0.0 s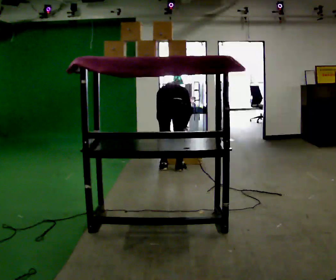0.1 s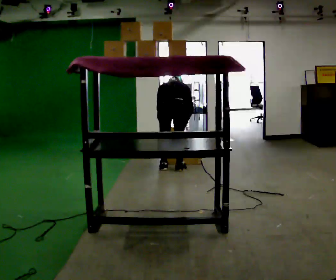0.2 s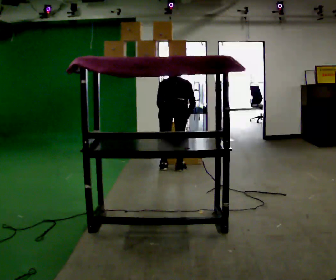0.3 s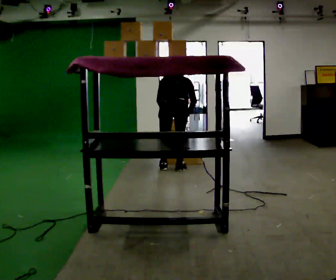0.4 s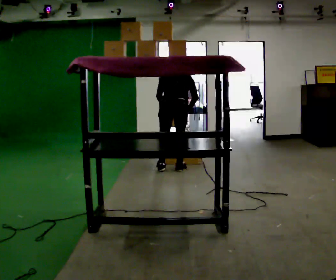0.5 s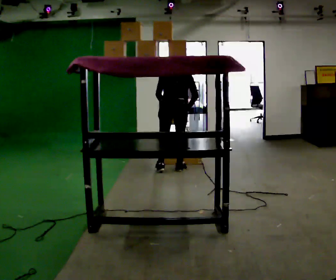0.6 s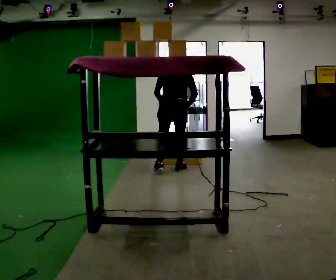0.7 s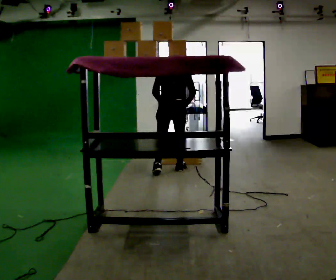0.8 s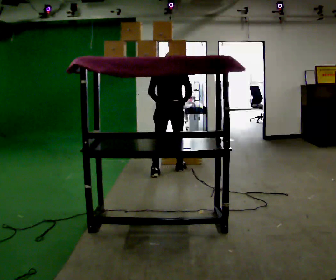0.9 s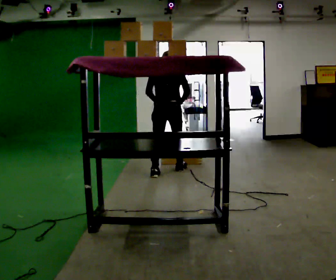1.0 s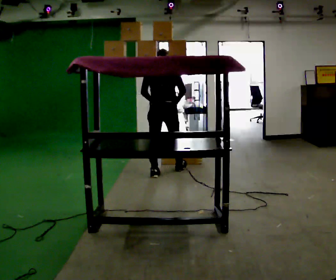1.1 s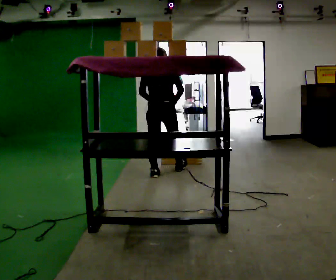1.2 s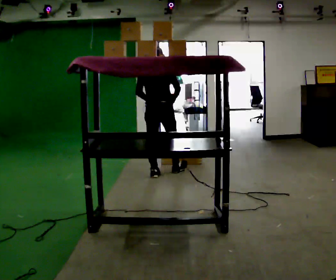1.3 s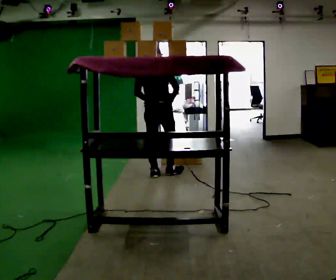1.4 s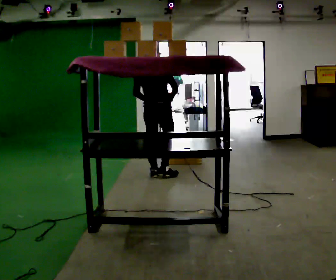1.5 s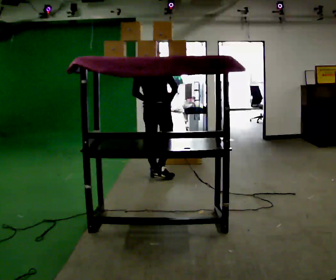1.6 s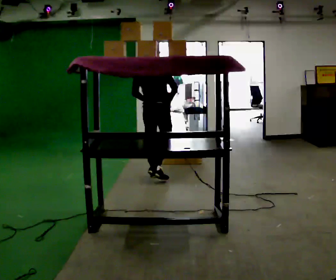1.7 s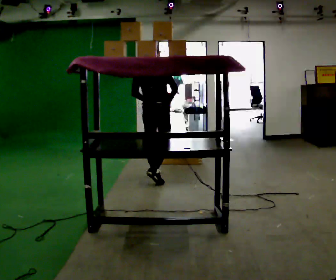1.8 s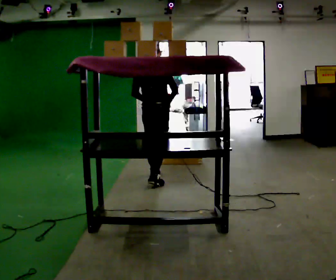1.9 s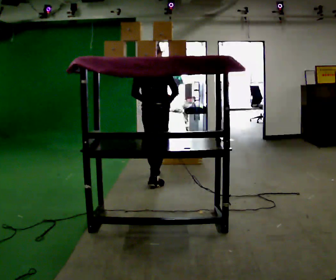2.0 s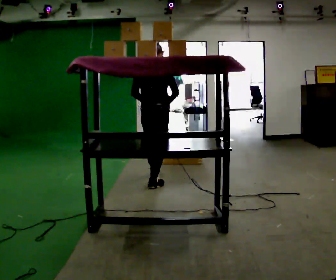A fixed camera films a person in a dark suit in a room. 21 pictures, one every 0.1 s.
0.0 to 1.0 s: The upper body goes upward. The upper body tips toward the camera, its near side rolling downward, as they lean back or straighten. In the picture their left hand goes upward.
1.0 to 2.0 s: In the picture they go toward the camera, about 0.5 m in 1 step, which for them is backward.
The film runs backward here.
